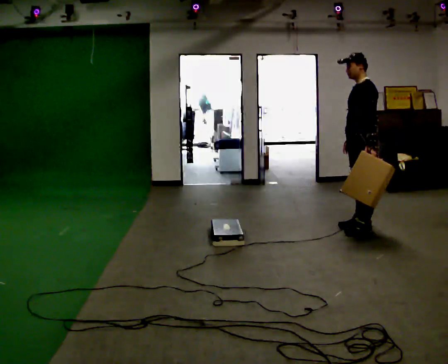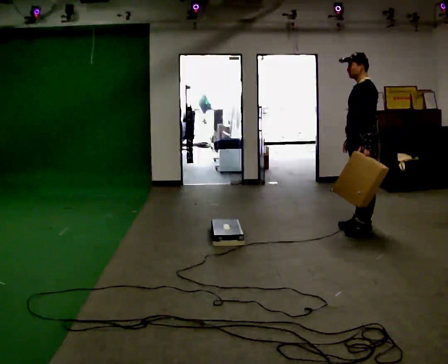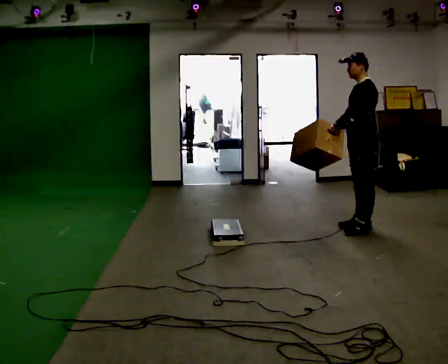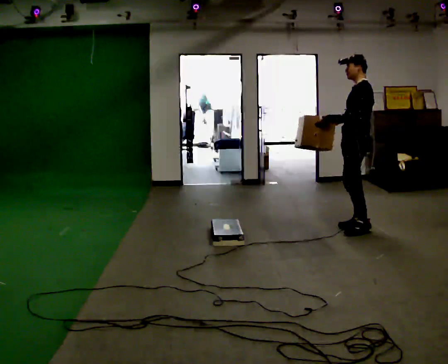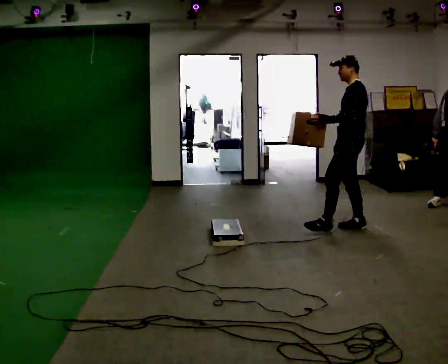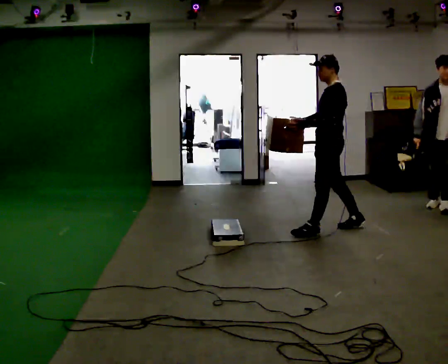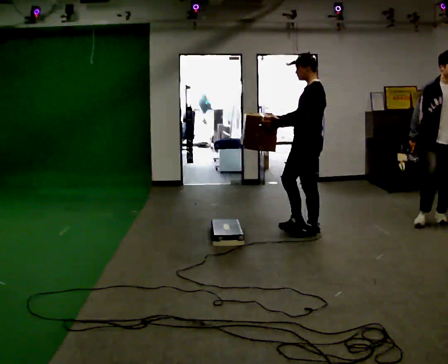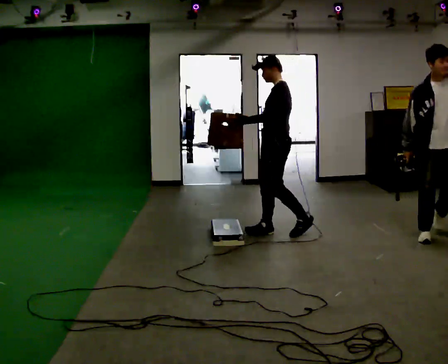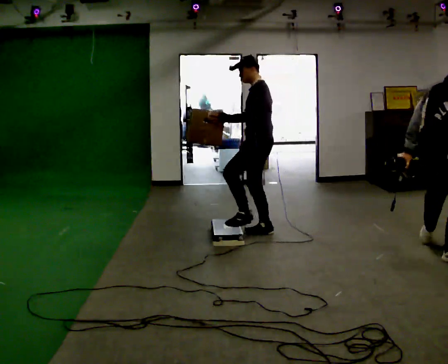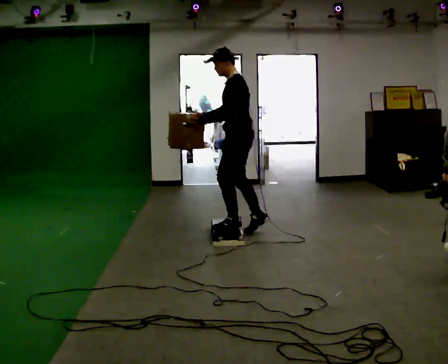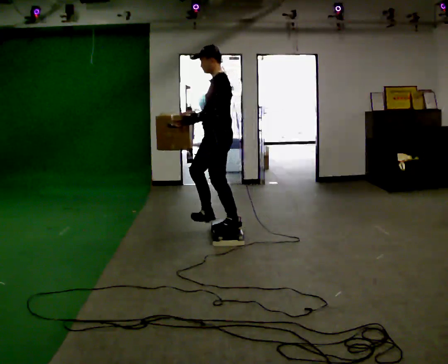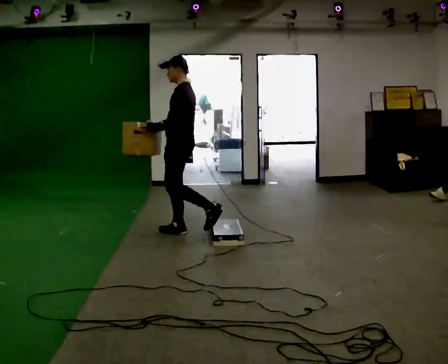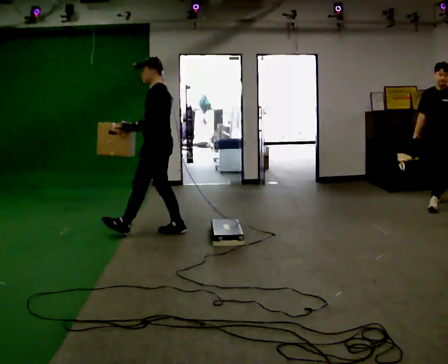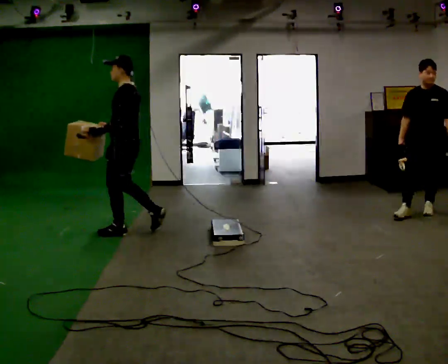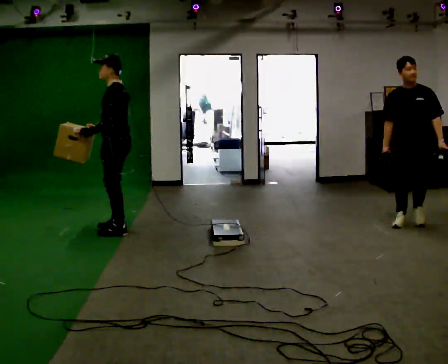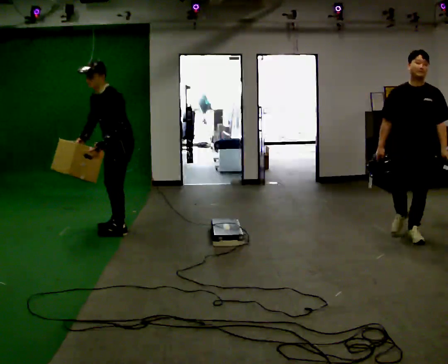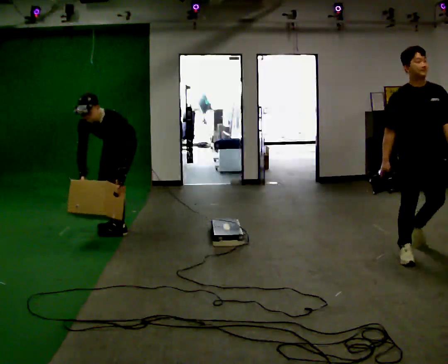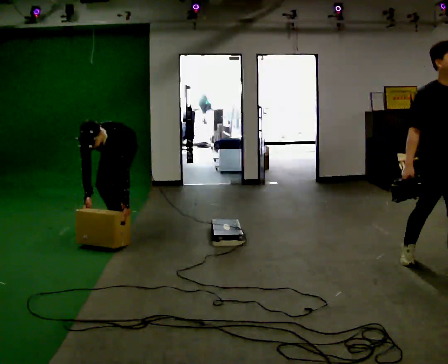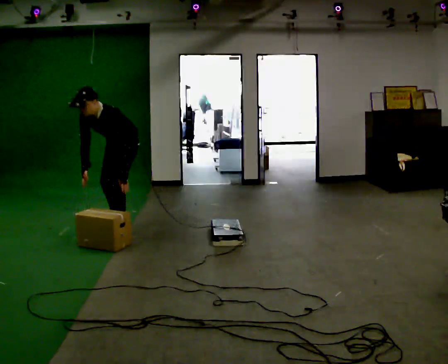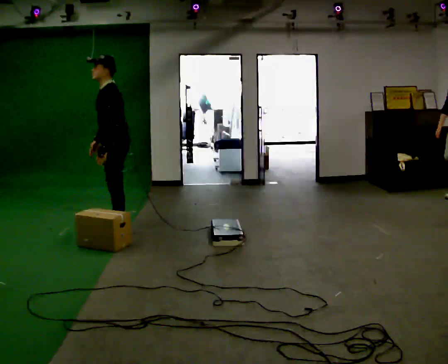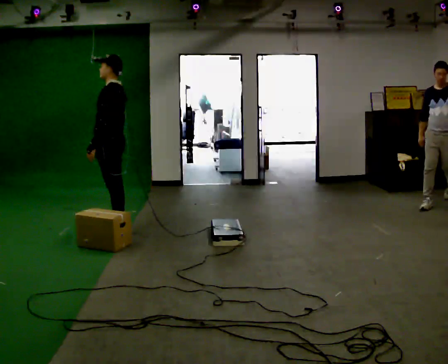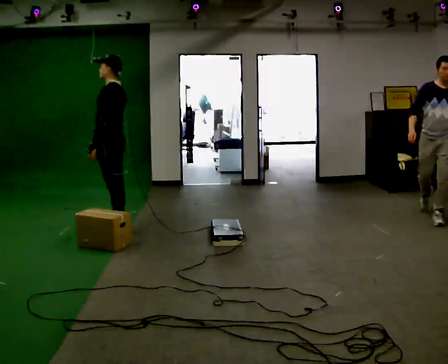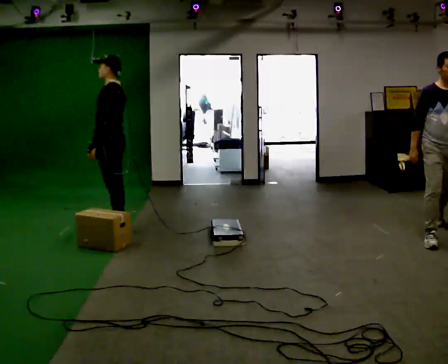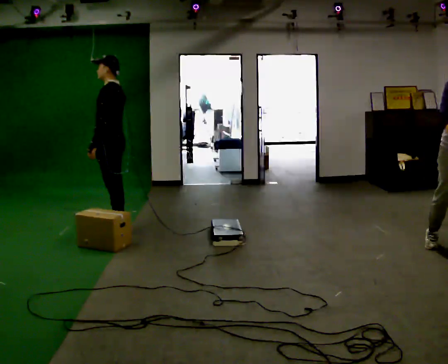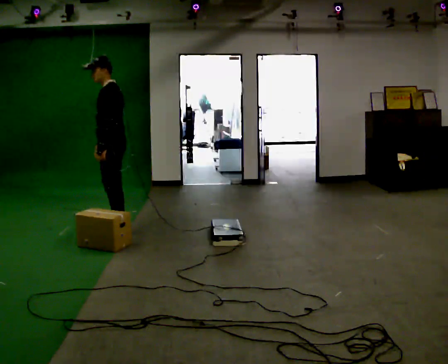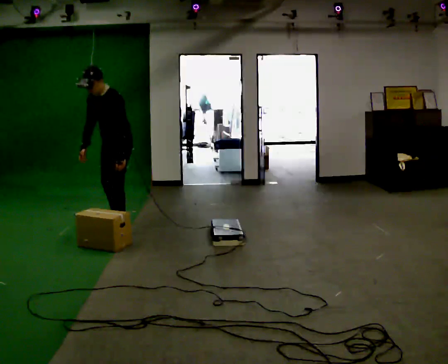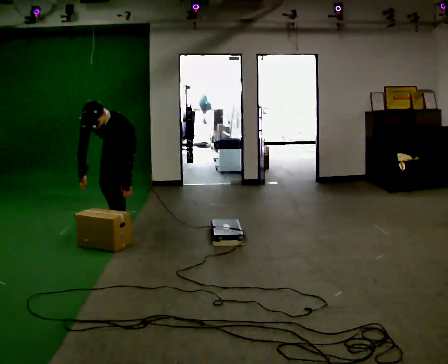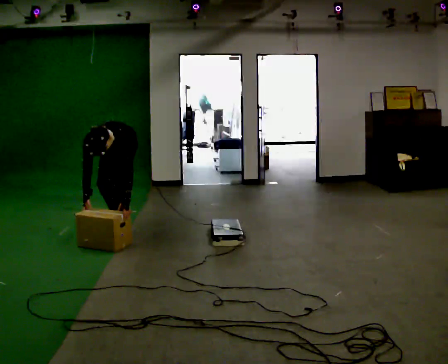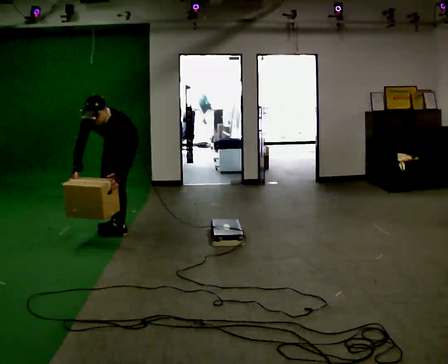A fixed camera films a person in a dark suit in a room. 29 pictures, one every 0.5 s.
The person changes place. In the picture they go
to the left.
0.0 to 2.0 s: The person moves a little, or ends about where they began.
2.0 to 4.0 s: In the picture they go to the left, about 1 m in 2 steps, which for them is forward.
4.0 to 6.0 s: In the picture they go to the left, about 1 m in 2 steps, which for them is forward.
6.0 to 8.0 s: The part of the body nearest the lens slides to the right as the person turns to their left by about 60 degrees. In the picture they go to the left and away from the camera, about 0.5 m in 2 steps. The upper body goes downward. The upper body tips toward the camera, its near side rolling downward, as they bend forward. In the picture their left hand goes downward, the arm swinging counterclockwise.
8.0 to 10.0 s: The part of the body nearest the lens slides to the left as the person turns to their right by about 60 degrees. In the picture they go toward the camera, about 0.25 m.
10.0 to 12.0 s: The person moves a little, or ends about where they began.
12.0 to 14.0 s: The part of the body nearest the lens slides to the right as the person turns to their left by about 45 degrees.
The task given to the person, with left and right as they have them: Carry the box up onto the platform, across it, and down the other side, then bring it back. Keep going until the operator says stop; one object at a time, and do not rush between trips.
The film runs forward here.
